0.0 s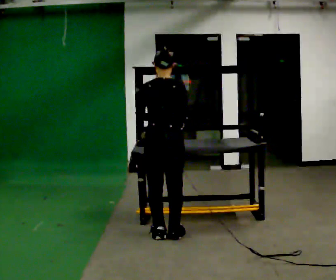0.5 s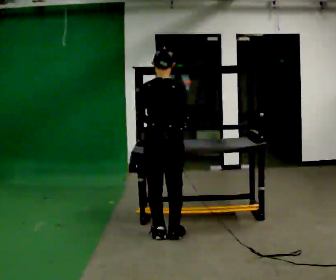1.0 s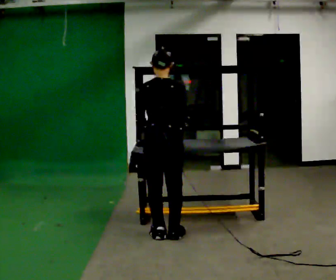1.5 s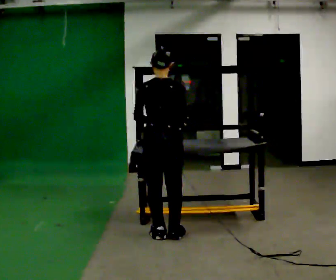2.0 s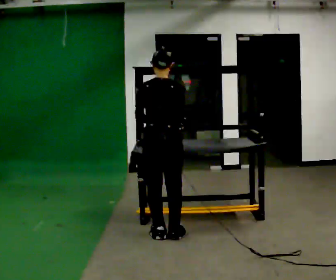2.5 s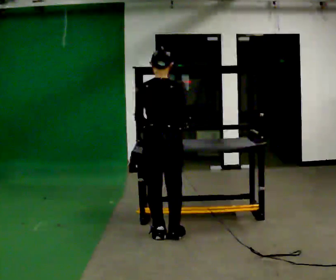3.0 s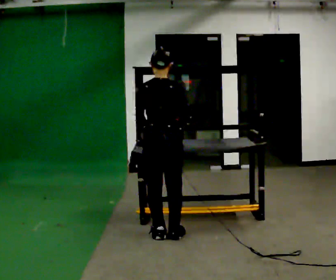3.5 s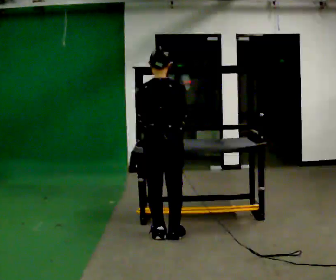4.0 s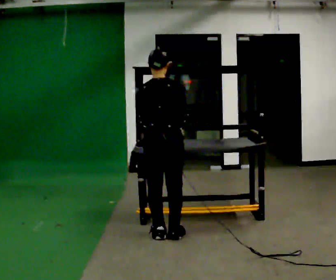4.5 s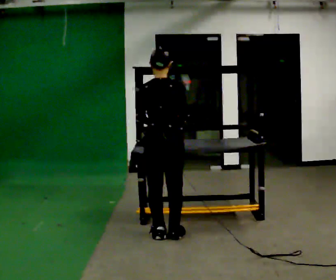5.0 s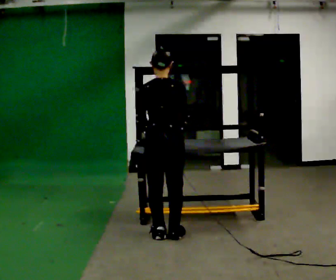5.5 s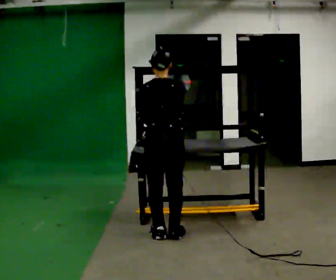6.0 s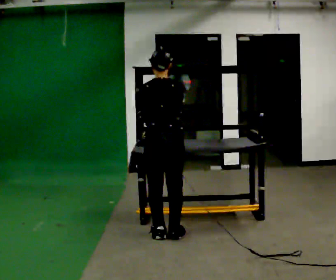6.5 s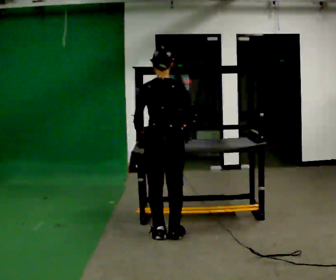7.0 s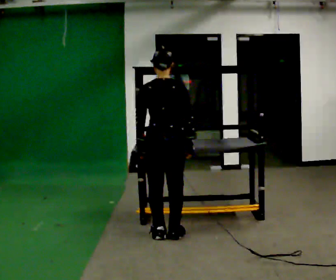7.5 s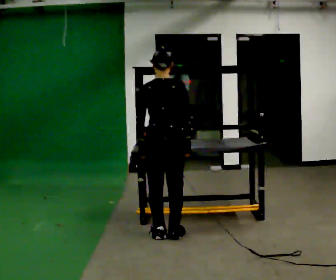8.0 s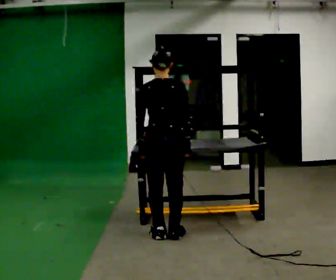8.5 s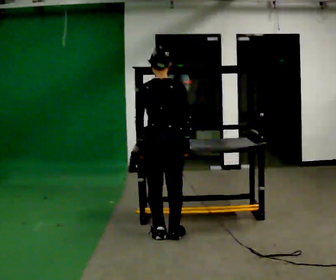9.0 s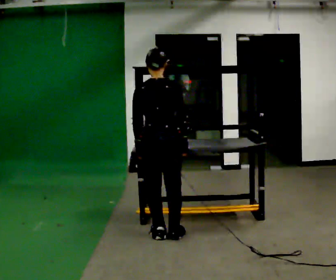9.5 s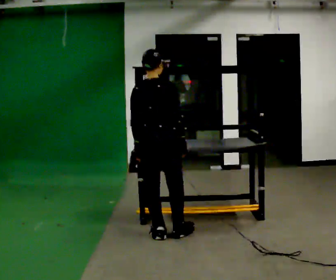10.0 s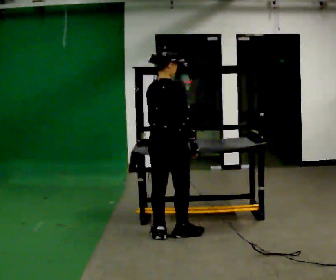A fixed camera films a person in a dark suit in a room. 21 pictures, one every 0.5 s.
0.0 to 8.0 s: The person moves a little, or ends about where they began.
8.0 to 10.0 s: The person turns about 45 degrees to their right, clockwise seen from above, so the part of the body nearest the lens slides to the left.
The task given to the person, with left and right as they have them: Carry the box over and put it on the shelf with the label facing out towards you. Get the orientation right, not just the position. Keep going until the operator says stop; one object at a time, and do not rush between trips.
The film runs forward here.
